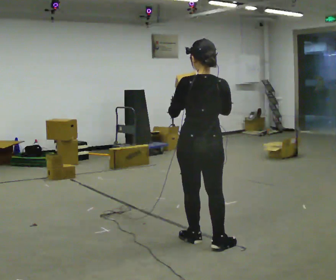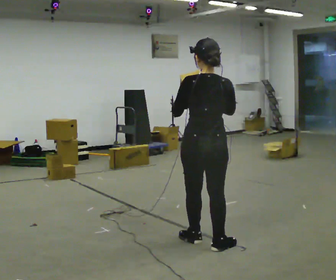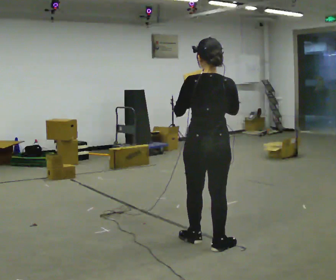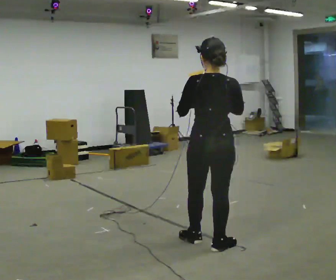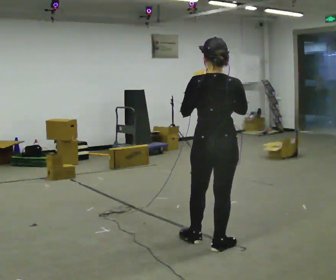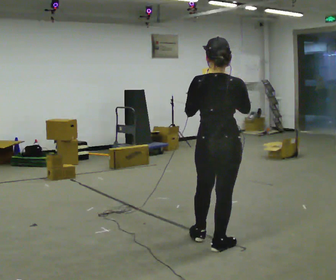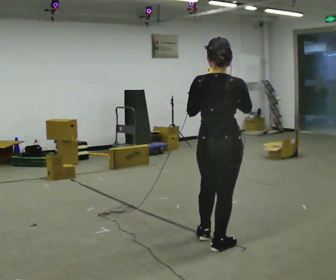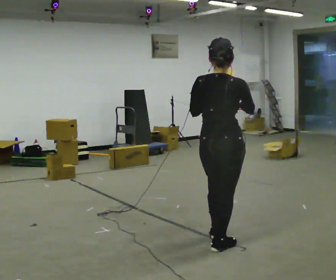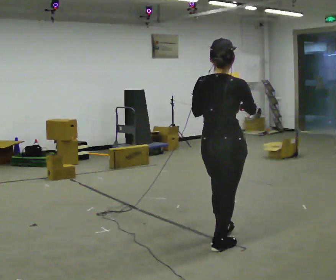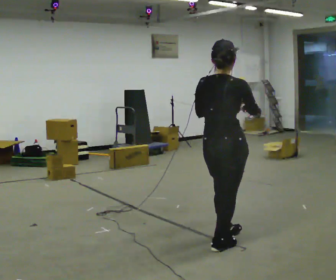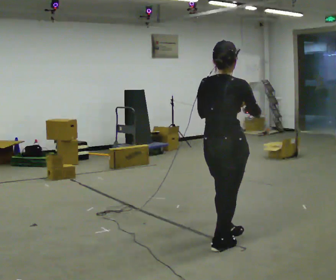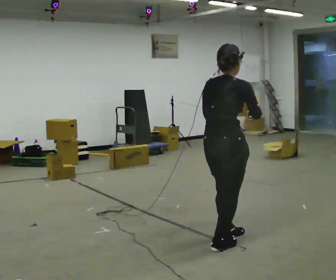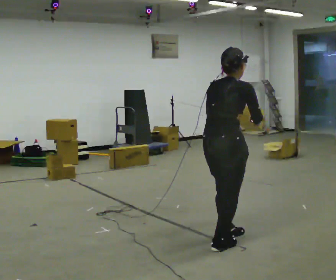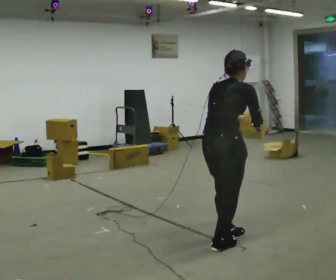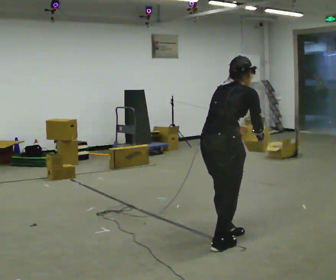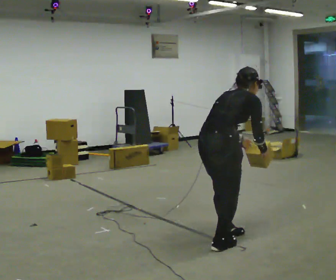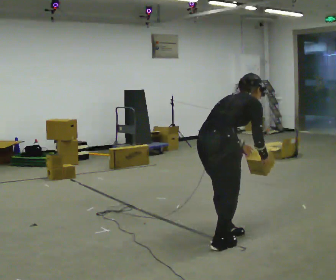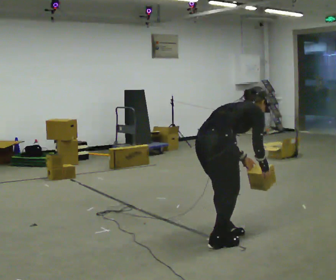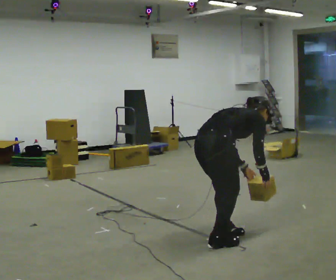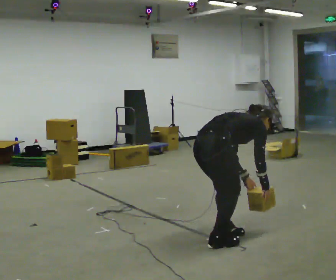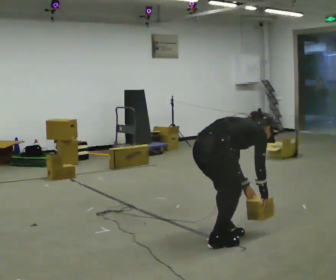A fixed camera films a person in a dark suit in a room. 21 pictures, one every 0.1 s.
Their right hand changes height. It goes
downward.
The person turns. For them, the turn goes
to their right.
0.0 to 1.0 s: The person turns about 45 degrees to their right, clockwise seen from above, so the part of the body nearest the lens slides to the left. In the picture they go to the right, about 0.25 m in 1 step, which for them is to their right. In the picture their left hand goes to the right.
1.0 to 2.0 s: The upper body goes downward. In the picture the upper body tilts clockwise, shoulders to the right, as they bend forward. In the picture their right hand goes downward.
The film runs backward here.
